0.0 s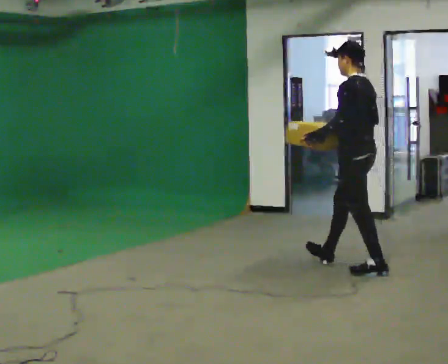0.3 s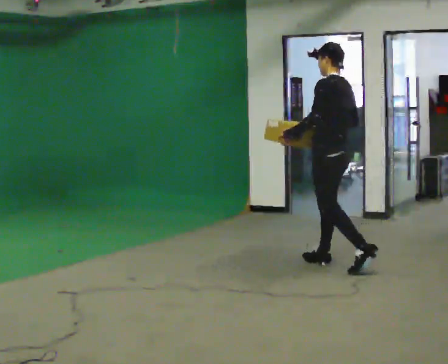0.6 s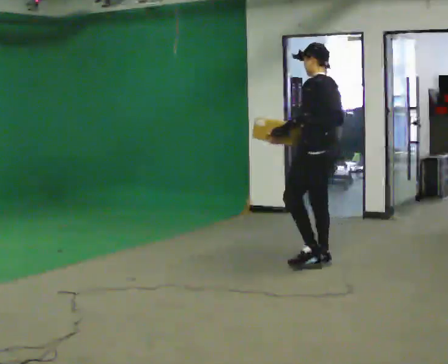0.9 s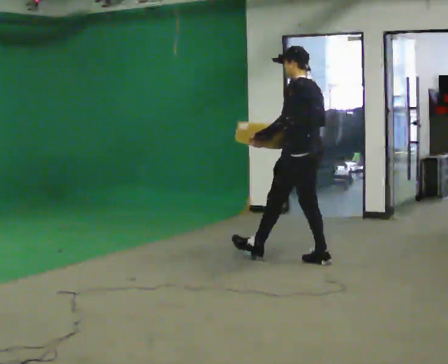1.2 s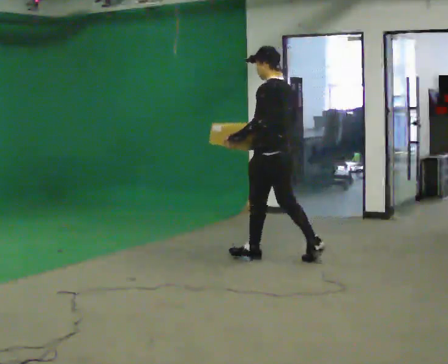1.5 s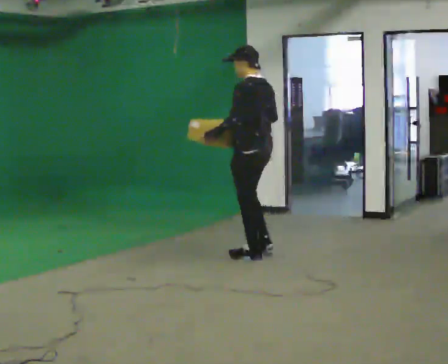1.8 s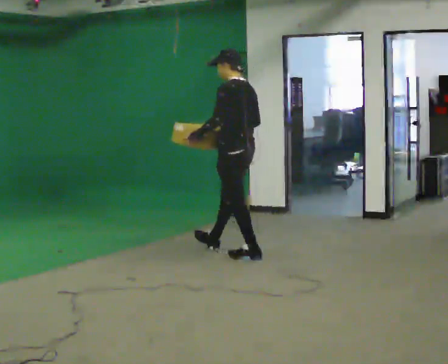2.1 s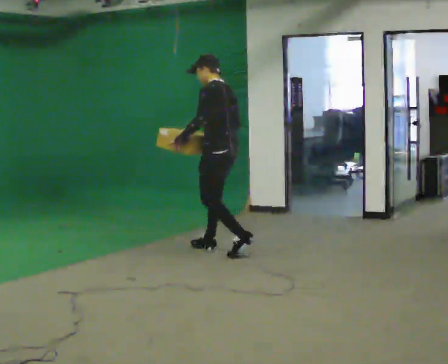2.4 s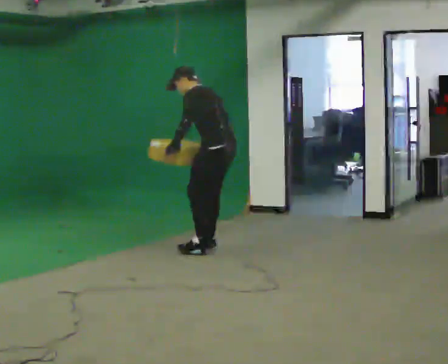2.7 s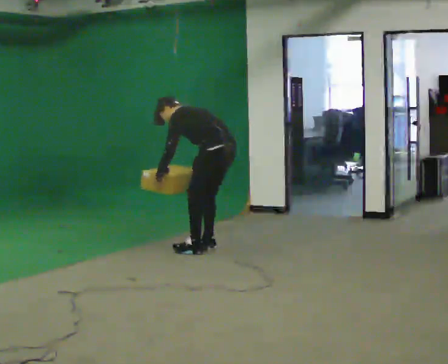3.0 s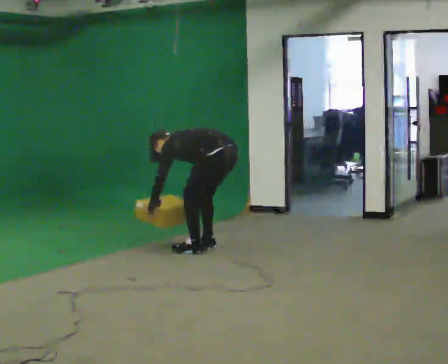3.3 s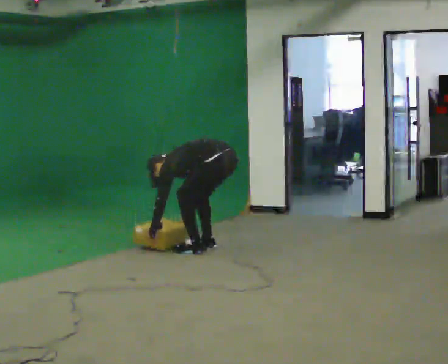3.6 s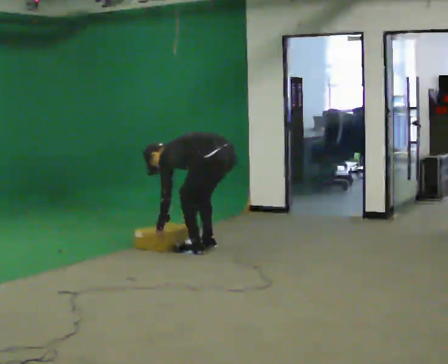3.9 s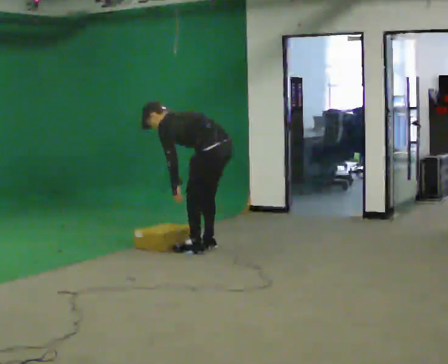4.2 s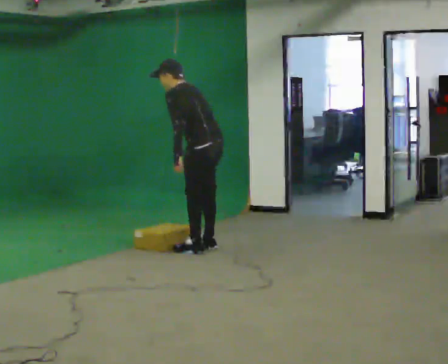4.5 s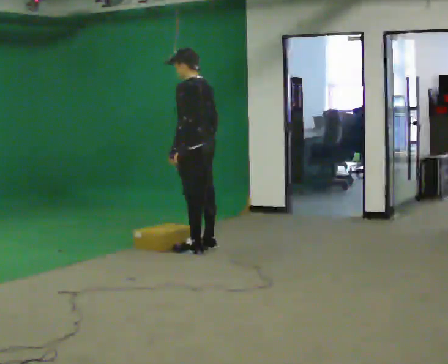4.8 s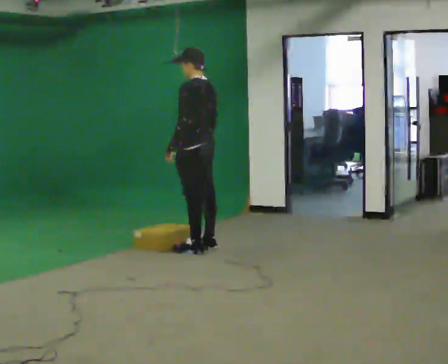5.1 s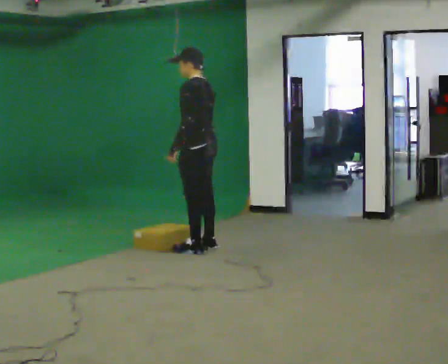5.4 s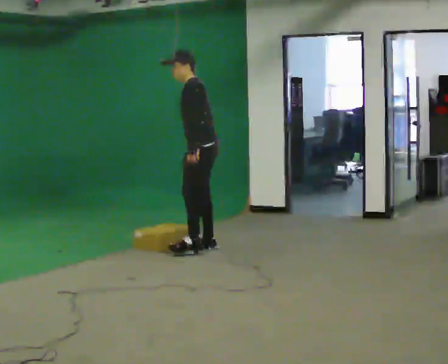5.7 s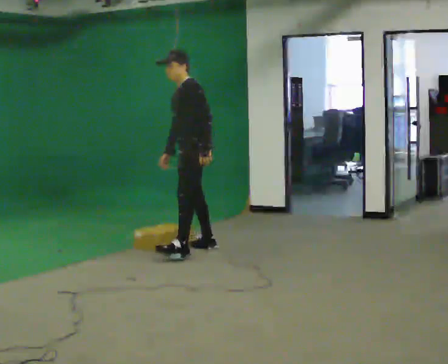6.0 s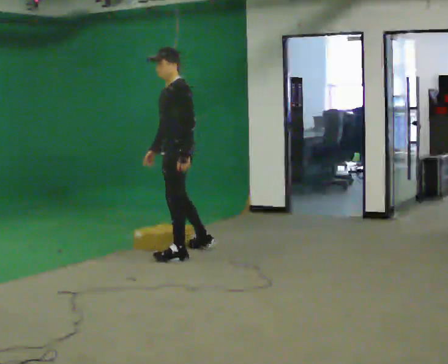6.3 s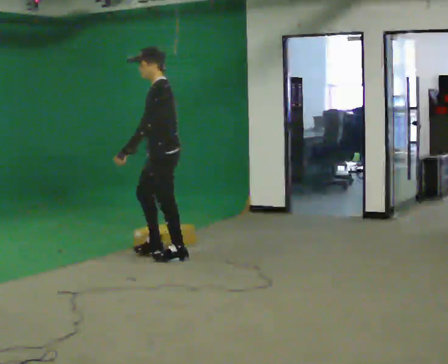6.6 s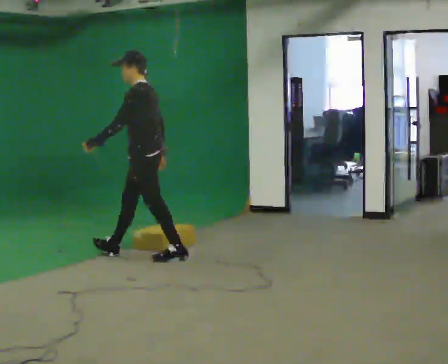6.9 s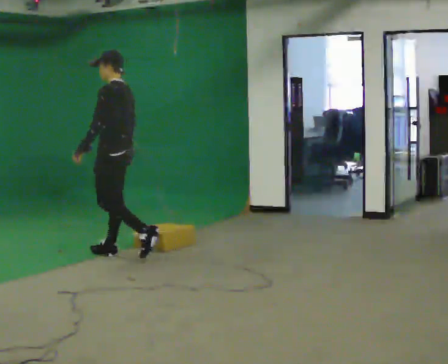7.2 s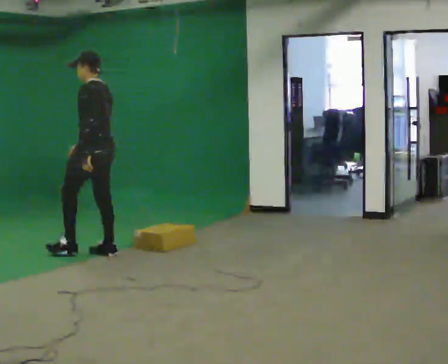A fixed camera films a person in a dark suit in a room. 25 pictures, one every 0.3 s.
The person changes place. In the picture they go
to the left.
0.0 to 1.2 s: In the picture they go to the left and away from the camera, about 1 m in 1 step, which for them is forward.
1.2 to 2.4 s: In the picture they go to the left and away from the camera, about 0.5 m in 1 step, which for them is forward. In the picture the upper body tilts counterclockwise, shoulders to the left, as they bend forward.
2.4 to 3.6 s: The shoulders move downward. In the picture the upper body tilts counterclockwise, shoulders to the left, as they bend forward. In the picture their left hand goes downward.
3.6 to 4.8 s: In the picture they go to the left, about 0.25 m, which for them is forward. The shoulders move upward. In the picture the upper body tilts clockwise, shoulders to the right, as they lean back or straighten. In the picture their right hand goes upward.
4.8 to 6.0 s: The part of the body nearest the lens slides to the right as the person turns to their left by about 45 degrees. In the picture they go toward the camera, about 0.25 m in 1 step, which for them is to their left and forward.
6.0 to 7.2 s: The part of the body nearest the lens slides to the left as the person turns to their right by about 30 degrees. In the picture they go to the left, about 0.5 m in 1 step, which for them is forward.
The film runs forward here.
